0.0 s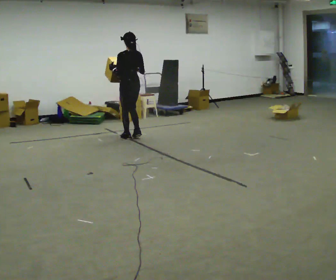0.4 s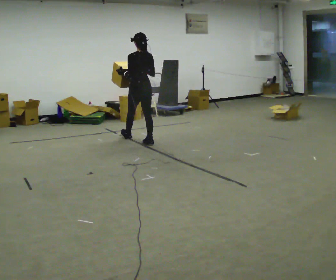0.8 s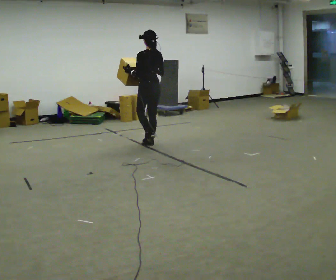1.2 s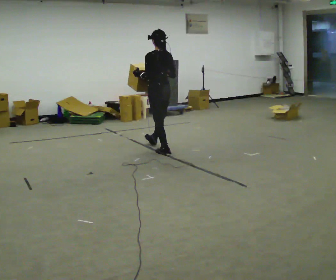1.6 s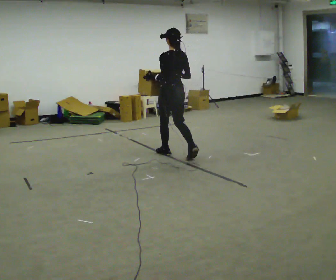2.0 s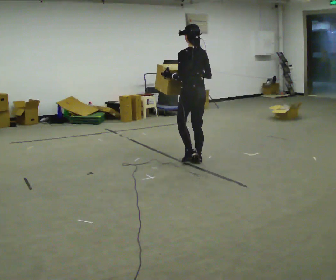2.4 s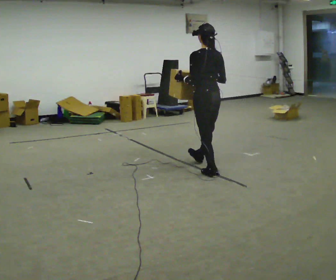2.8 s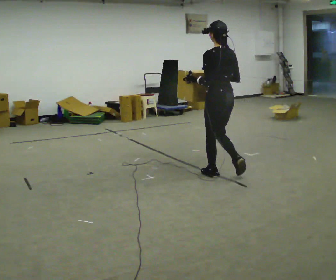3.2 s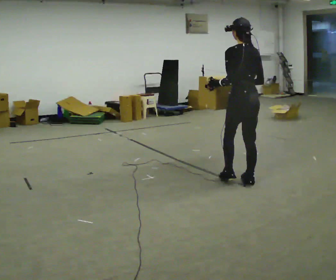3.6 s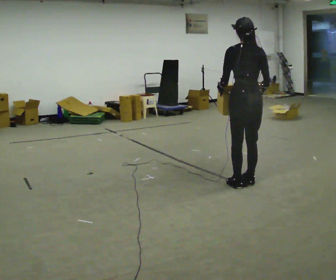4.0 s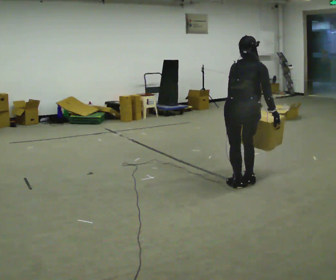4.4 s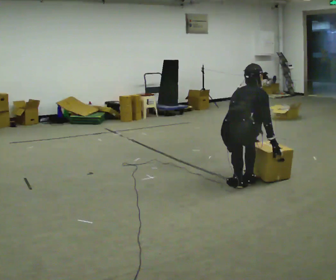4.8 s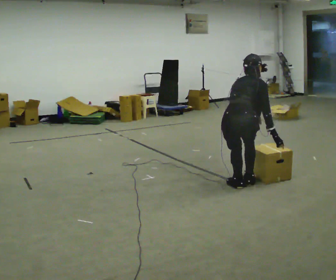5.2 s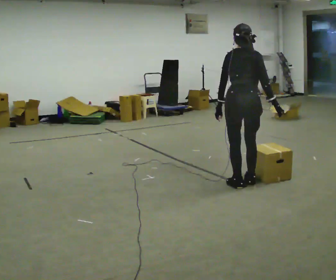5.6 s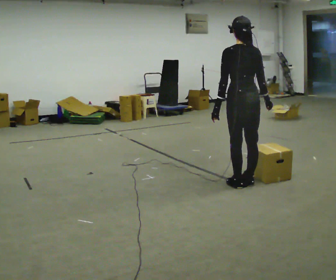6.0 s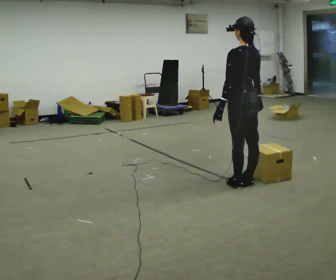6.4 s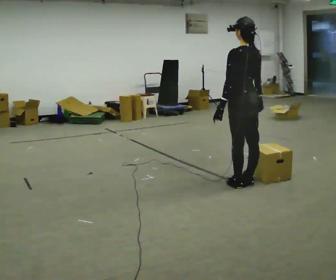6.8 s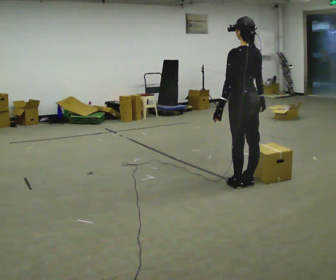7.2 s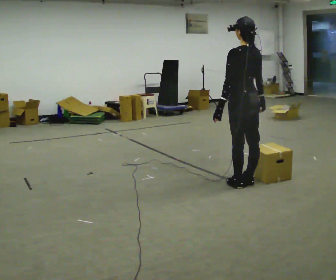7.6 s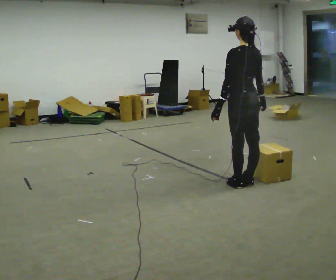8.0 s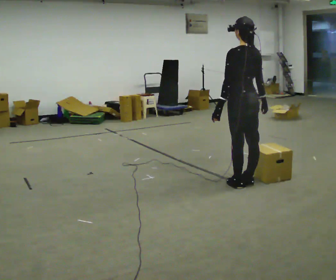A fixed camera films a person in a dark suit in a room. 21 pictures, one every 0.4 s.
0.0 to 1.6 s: In the picture they go to the right and toward the camera, about 1 m in 2 steps, which for them is backward.
1.6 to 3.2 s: In the picture they go to the right and toward the camera, about 1.5 m in 3 steps, which for them is backward.
3.2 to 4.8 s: Seen from above the body turns clockwise, about 75 degrees: to their right, with its near side sliding to the left. In the picture they go toward the camera, about 0.25 m. The upper body tips away from the camera, its near side rolling upward, as they bend forward. In the picture their right hand goes downward and to the right.
4.8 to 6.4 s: The person turns about 75 degrees to their left, counterclockwise seen from above, so the part of the body nearest the lens slides to the right. The upper body goes upward. The upper body tips toward the camera, its near side rolling downward, as they lean back or straighten. In the picture their left hand goes upward.
6.4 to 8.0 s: The person moves a little, or ends about where they began.
The film runs backward here.
